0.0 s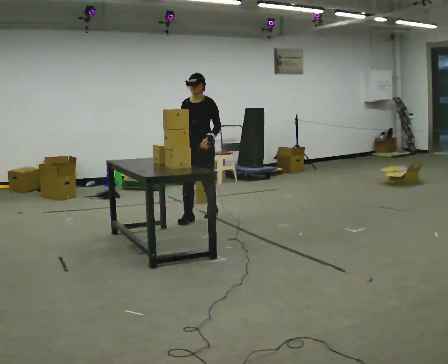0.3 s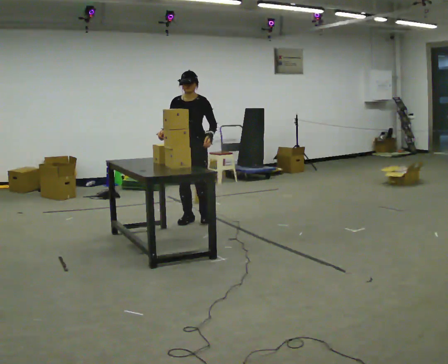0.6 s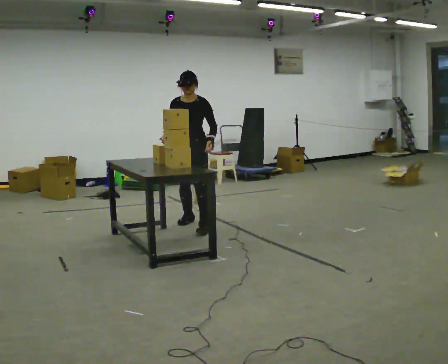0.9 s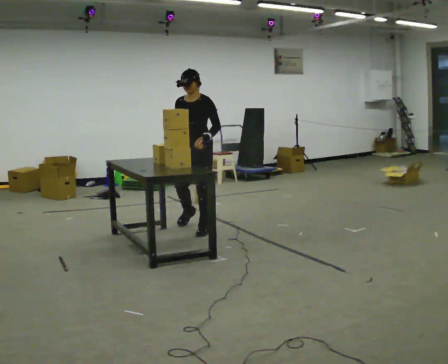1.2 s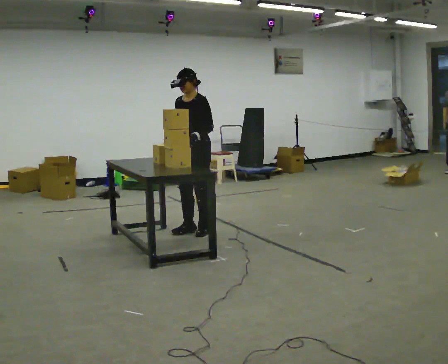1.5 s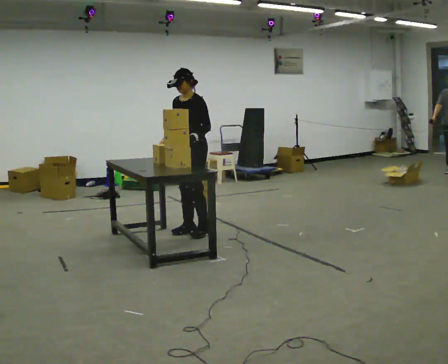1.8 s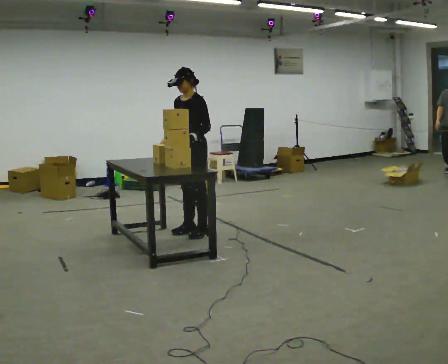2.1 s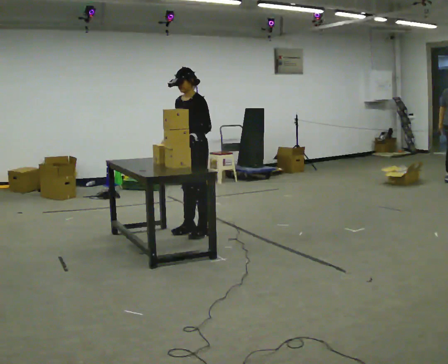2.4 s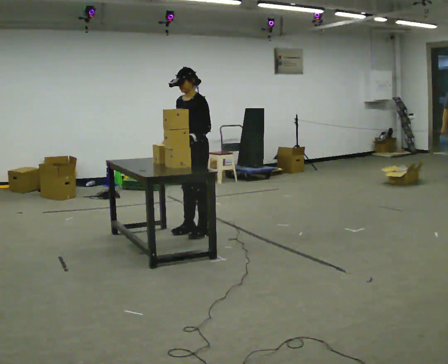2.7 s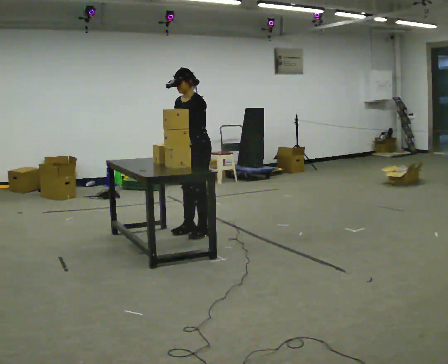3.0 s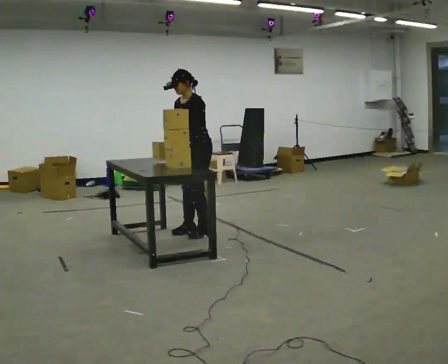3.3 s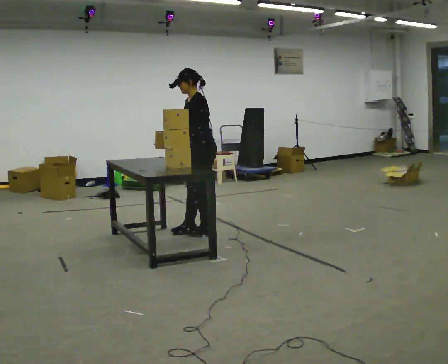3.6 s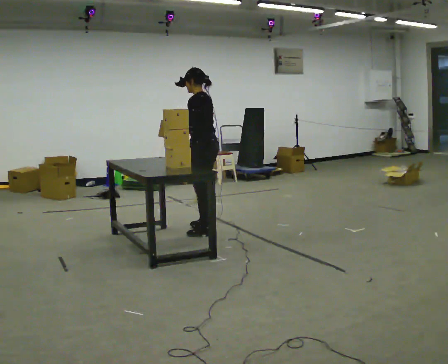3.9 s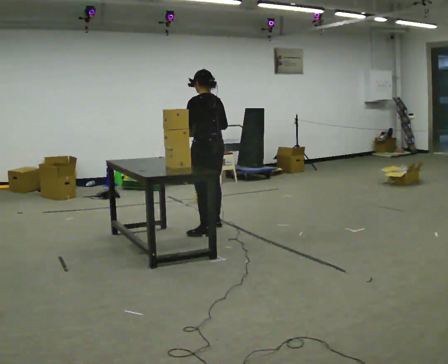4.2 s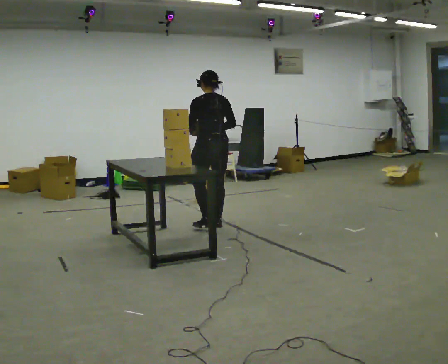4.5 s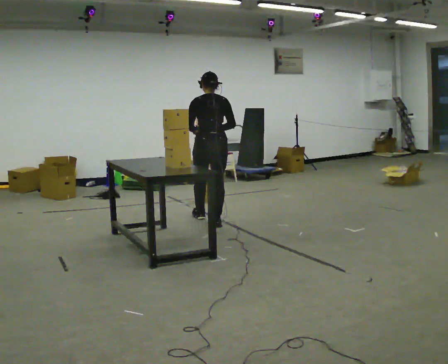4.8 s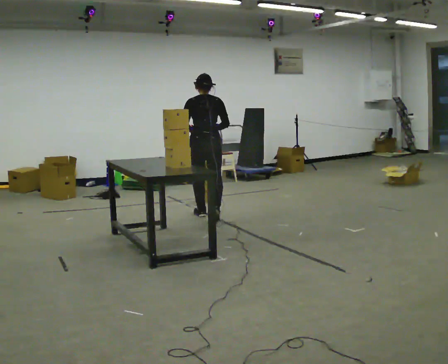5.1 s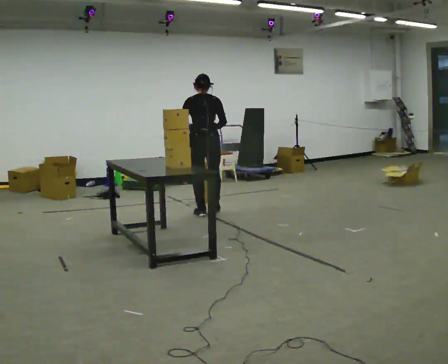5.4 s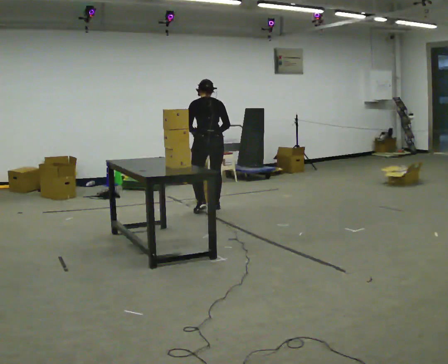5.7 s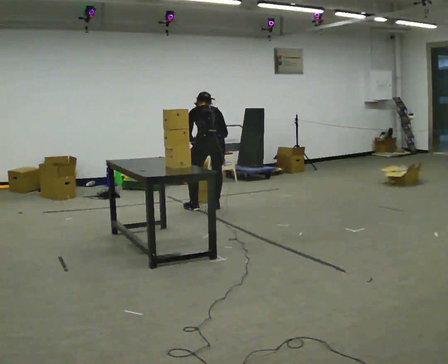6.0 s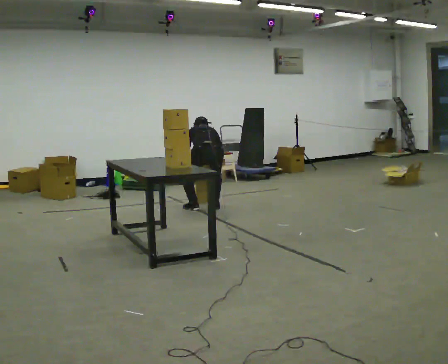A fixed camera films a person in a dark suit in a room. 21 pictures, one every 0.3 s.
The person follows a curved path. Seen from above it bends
counterclockwise.
0.0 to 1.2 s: In the picture they go toward the camera, about 0.5 m in 2 steps, which for them is forward.
1.2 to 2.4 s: The person moves a little, or ends about where they began.
2.4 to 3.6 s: The person turns about 60 degrees to their right, clockwise seen from above, so the part of the body nearest the lens slides to the left.
3.6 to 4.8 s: Seen from above the body turns clockwise, about 75 degrees: to their right, with its near side sliding to the left. In the picture they go away from the camera, about 0.75 m in 2 steps.
4.8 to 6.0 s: In the picture they go away from the camera, about 0.25 m in 2 steps, which for them is forward. The upper body goes downward. The upper body tips away from the camera, its near side rolling upward, as they bend forward. In the picture their right hand goes downward.
The film runs forward here.
